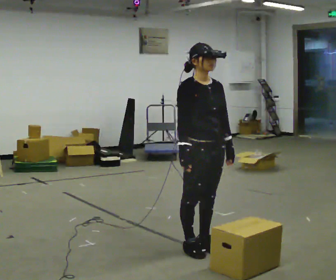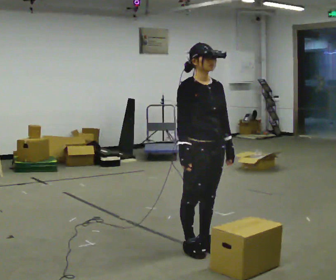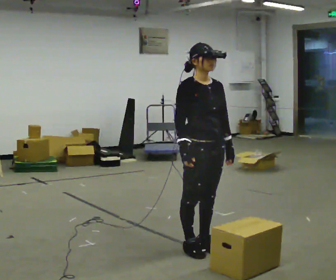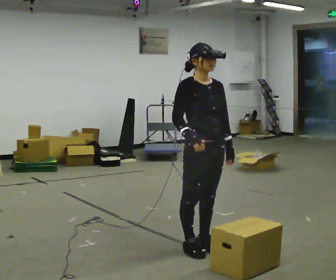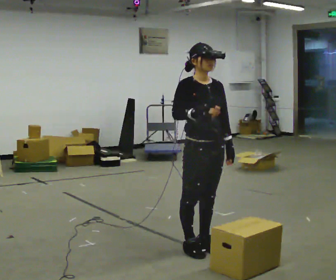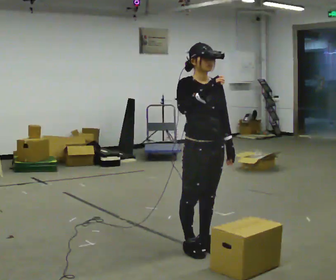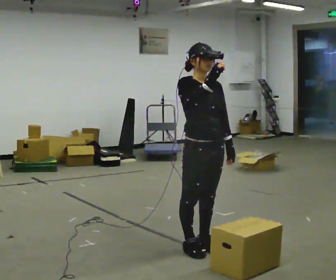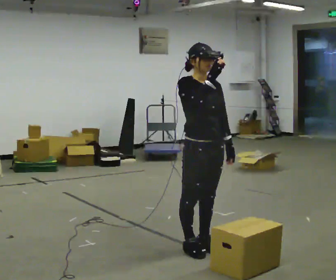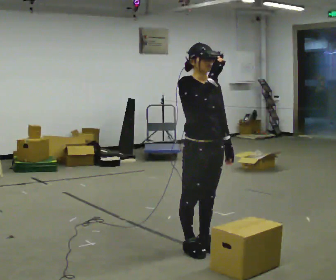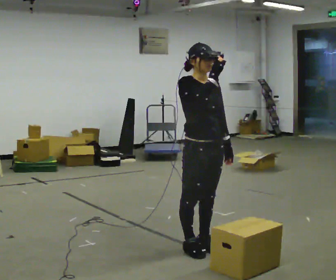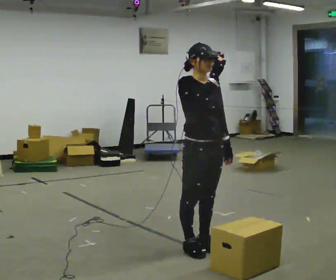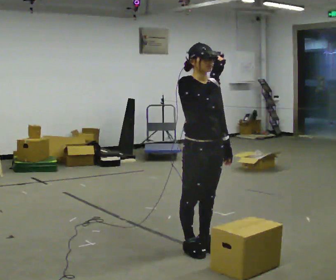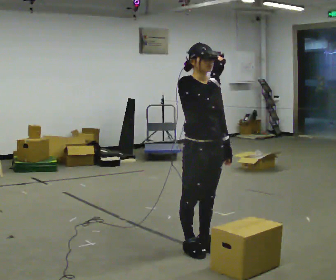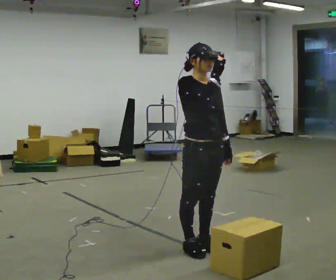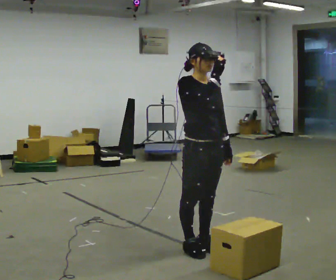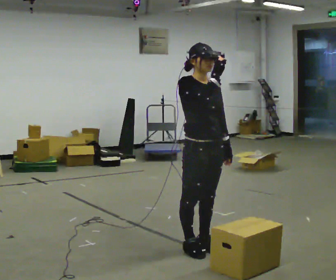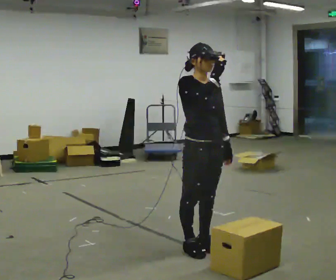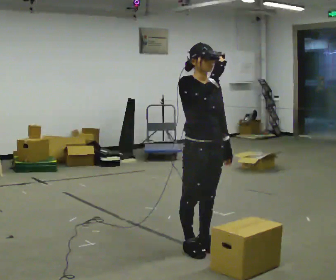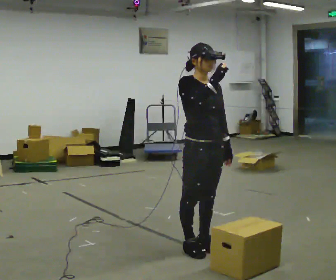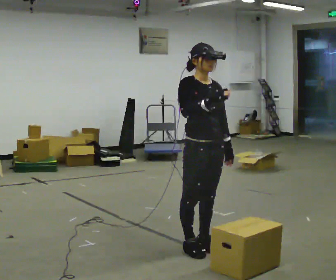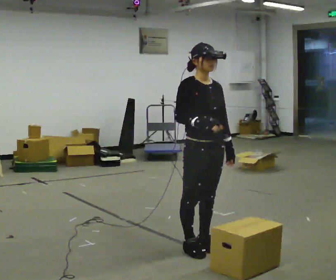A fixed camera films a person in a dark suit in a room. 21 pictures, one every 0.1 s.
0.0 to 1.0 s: In the picture their right hand goes upward.
1.0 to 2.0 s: In the picture their right hand goes downward.
The film runs forward here.
